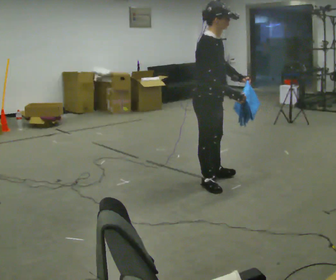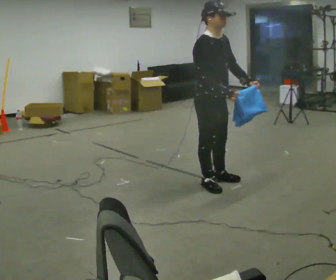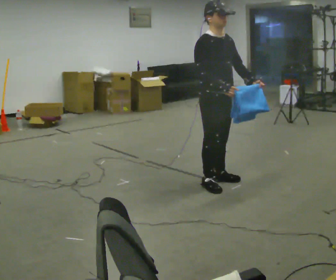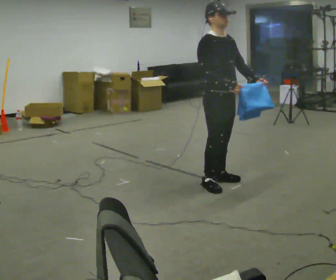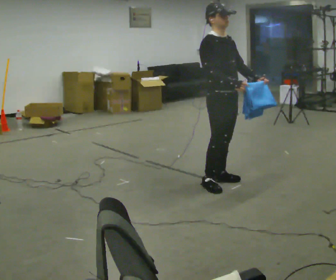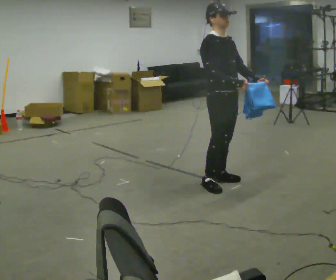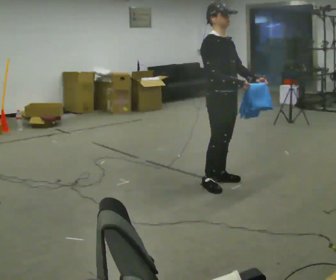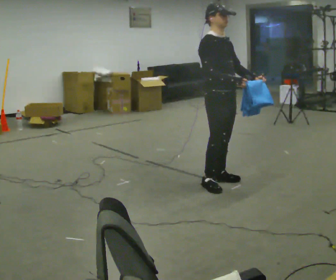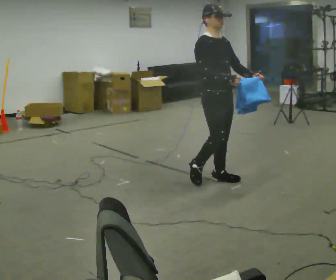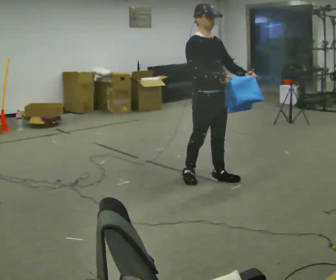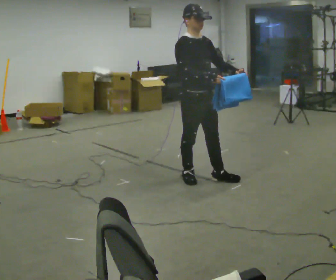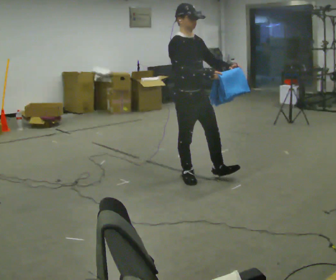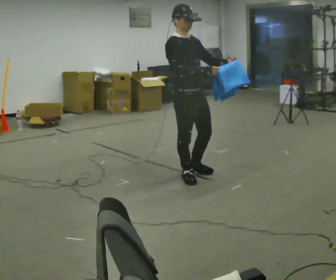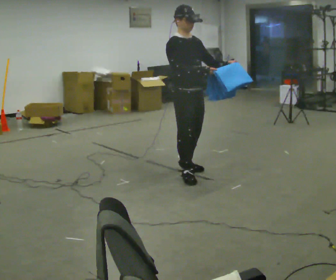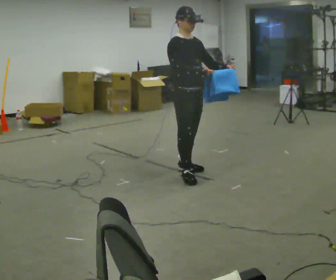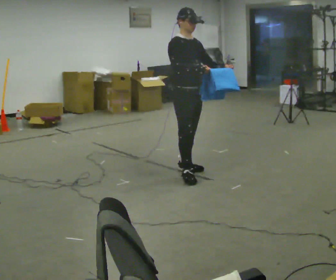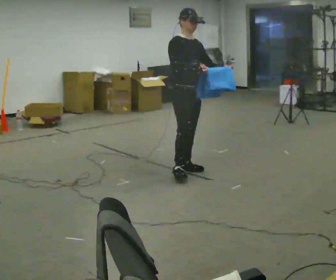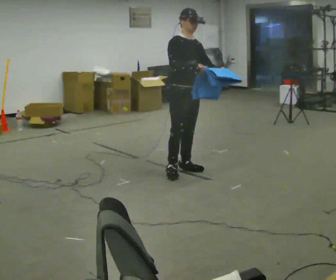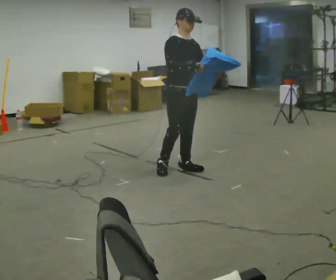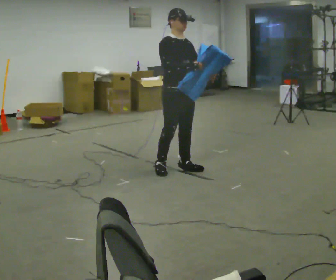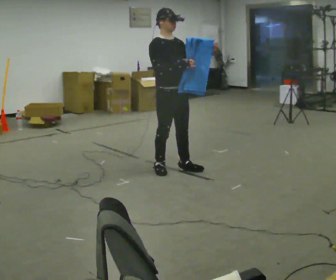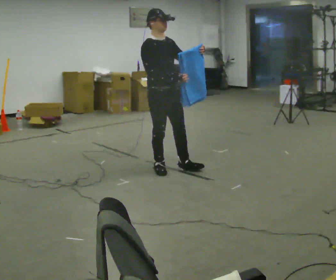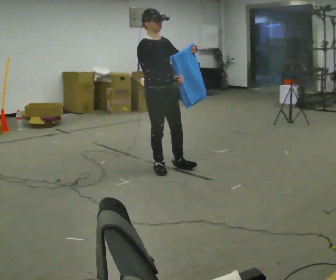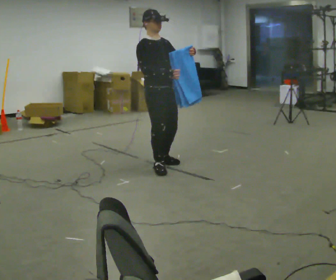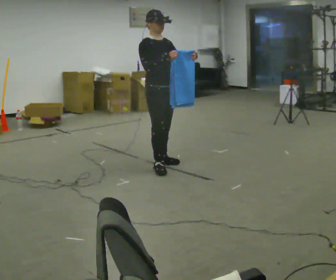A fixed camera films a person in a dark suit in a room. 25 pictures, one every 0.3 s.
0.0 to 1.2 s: The part of the body nearest the lens slides to the left as the person turns to their right by about 30 degrees. In the picture the upper body tilts counterclockwise, shoulders to the left, as they lean back or straighten.
1.2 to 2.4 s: The person moves a little, or ends about where they began.
2.4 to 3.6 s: In the picture they go to the left, about 0.25 m in 1 step, which for them is backward and to their right.
3.6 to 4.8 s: In the picture they go away from the camera, about 0.25 m, which for them is backward and to their left.
4.8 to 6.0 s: The person moves a little, or ends about where they began.
6.0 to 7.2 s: In the picture they go to the left, about 0.25 m in 1 step, which for them is backward.
The film runs backward here.
